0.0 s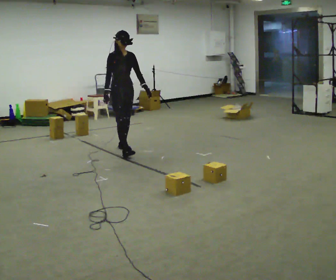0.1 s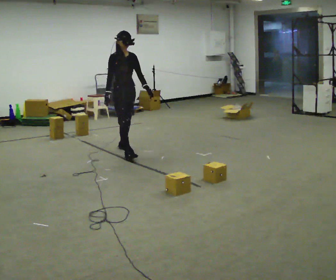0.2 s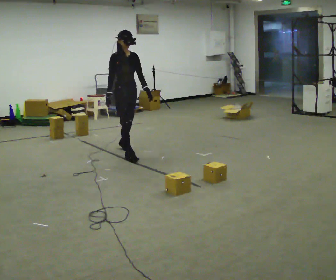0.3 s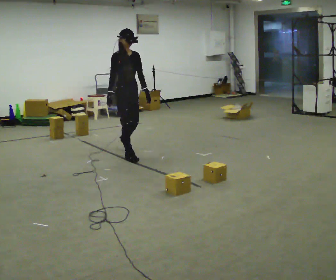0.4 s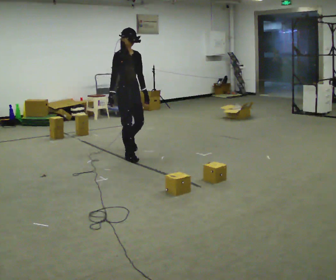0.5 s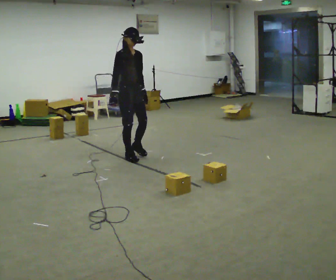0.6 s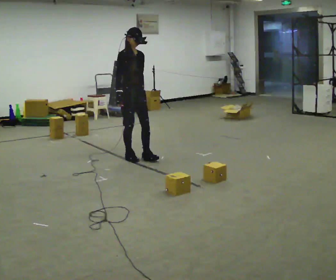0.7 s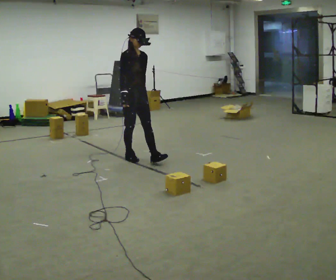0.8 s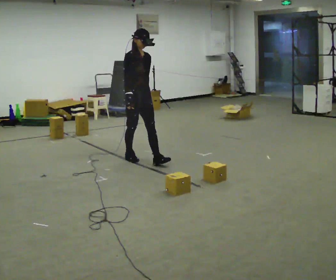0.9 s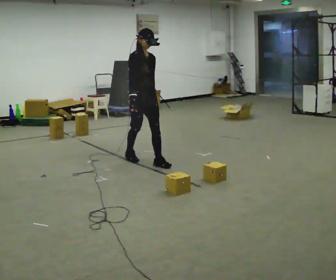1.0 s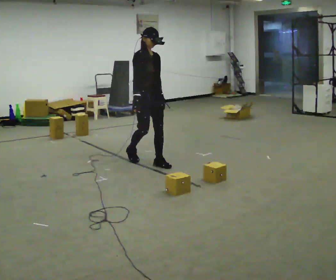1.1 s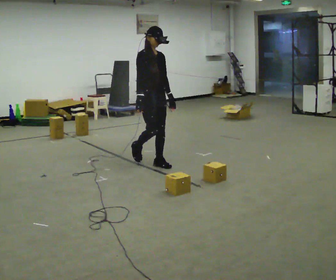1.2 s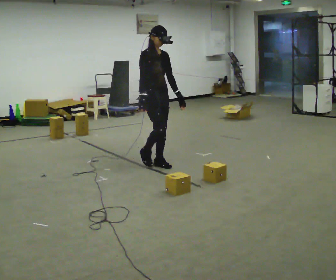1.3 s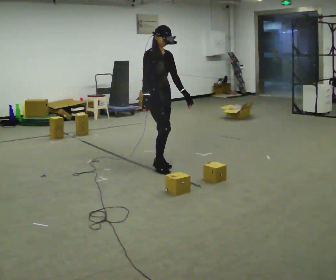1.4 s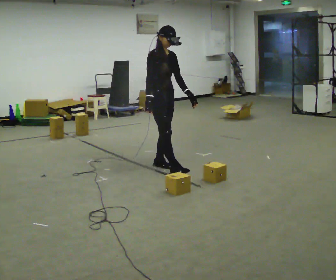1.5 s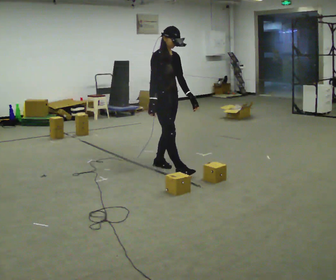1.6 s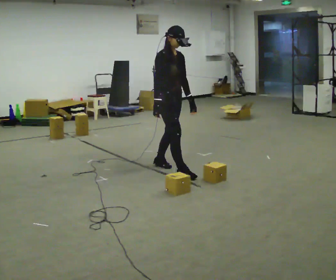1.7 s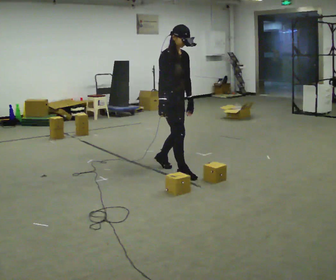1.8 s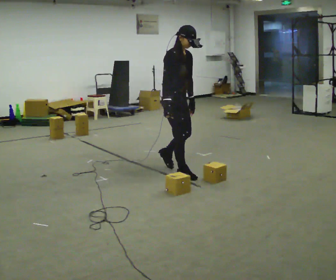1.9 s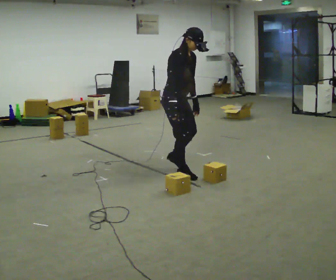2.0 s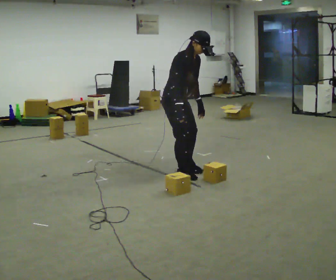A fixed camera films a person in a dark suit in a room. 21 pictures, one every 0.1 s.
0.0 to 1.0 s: In the picture they go toward the camera and to the right, about 0.5 m in 2 steps, which for them is forward.
1.0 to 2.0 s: In the picture they go toward the camera and to the right, about 0.5 m in 1 step, which for them is forward. In the picture the upper body tilts clockwise, shoulders to the right, as they bend forward.
The film runs forward here.
